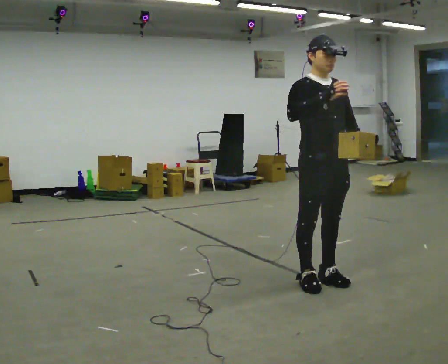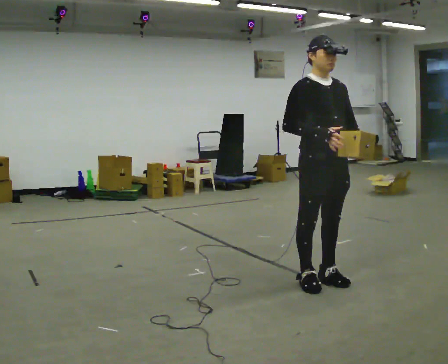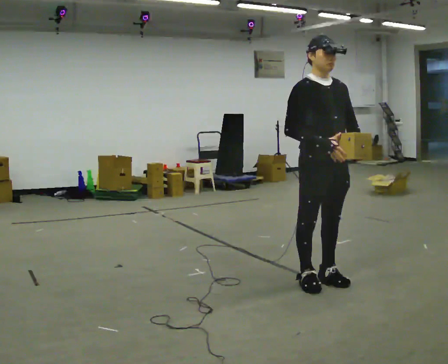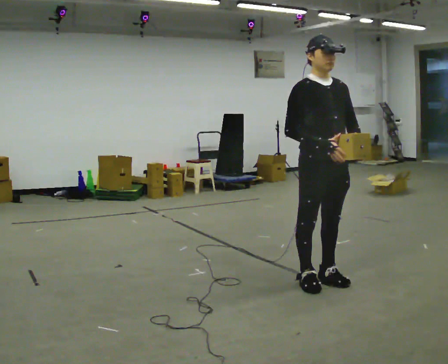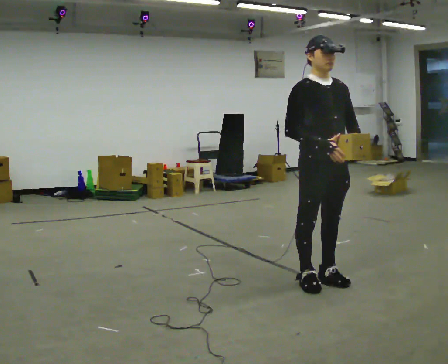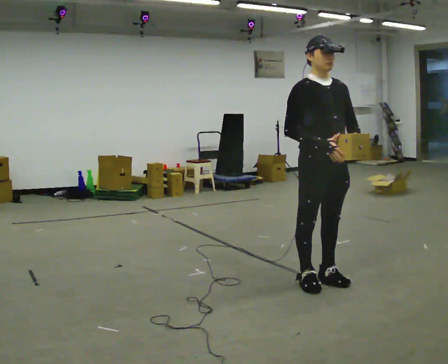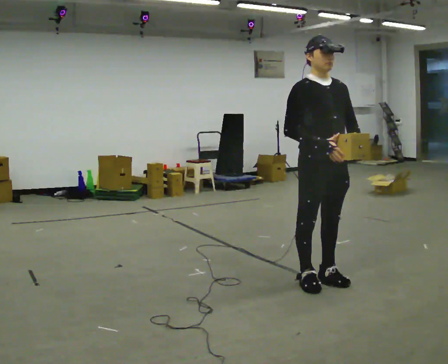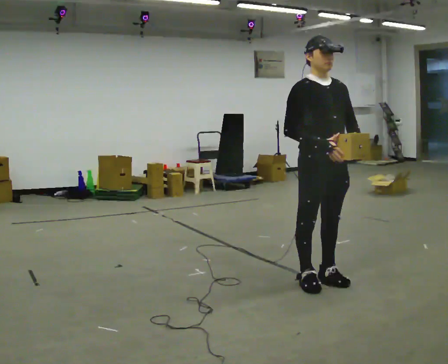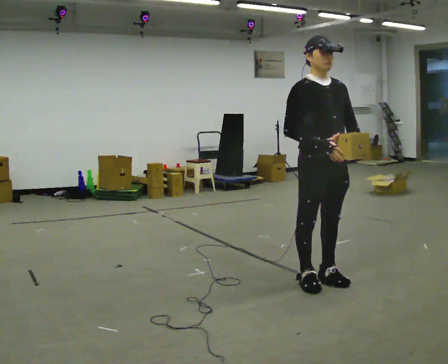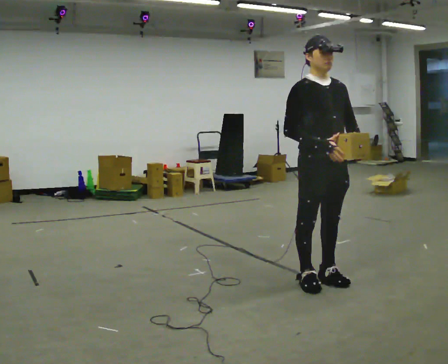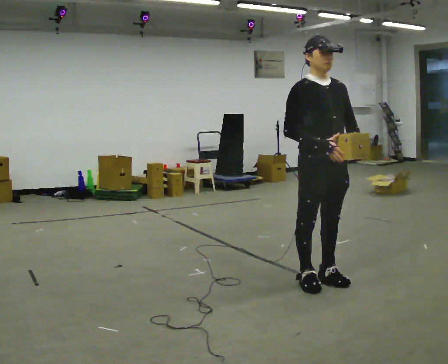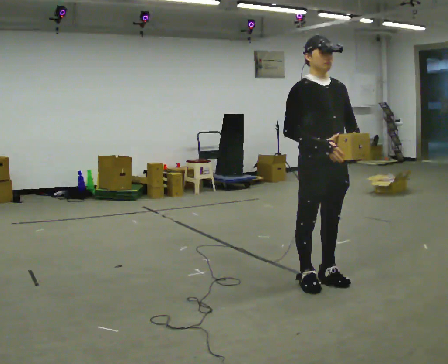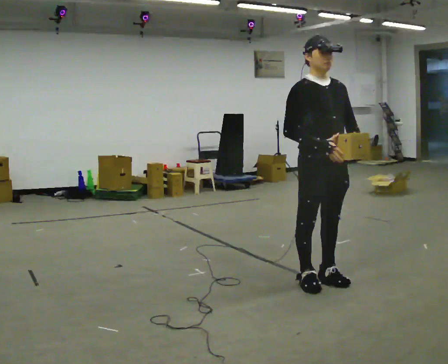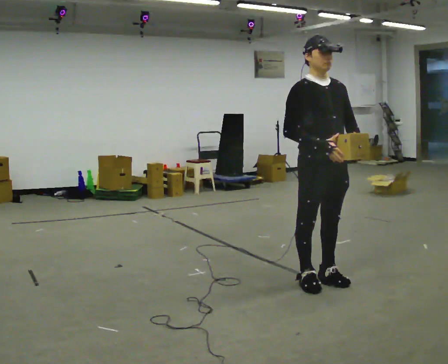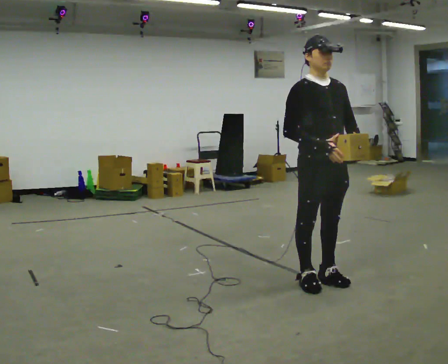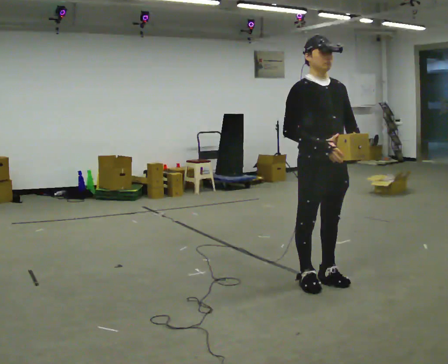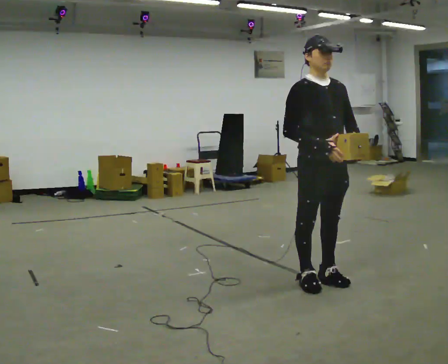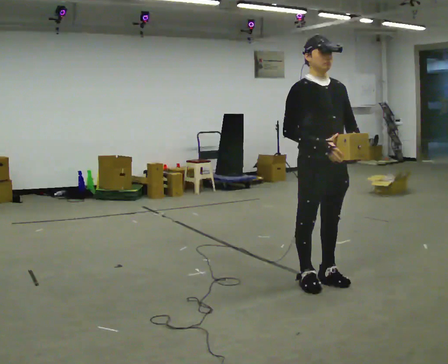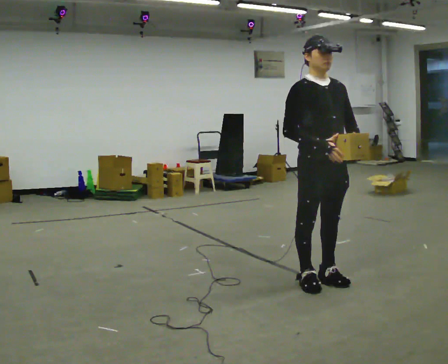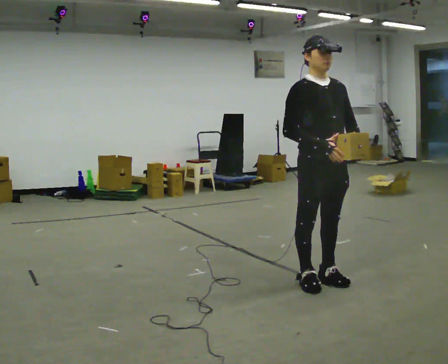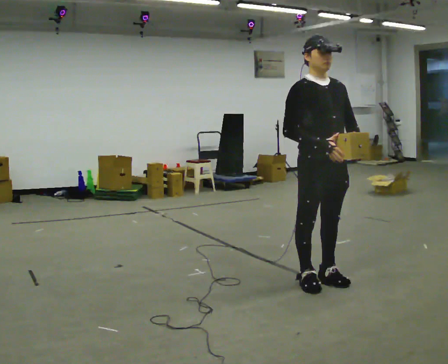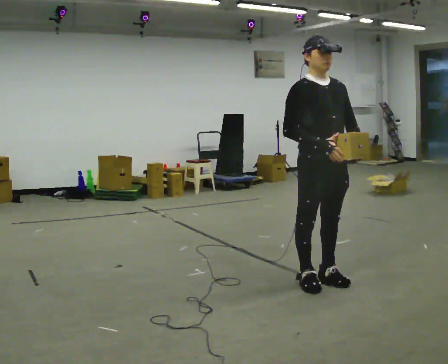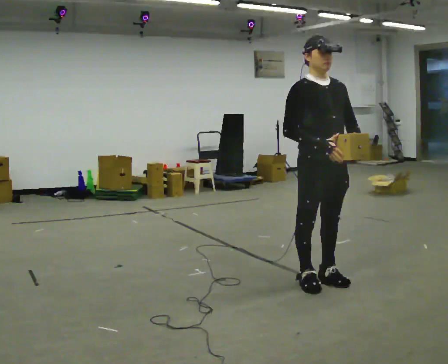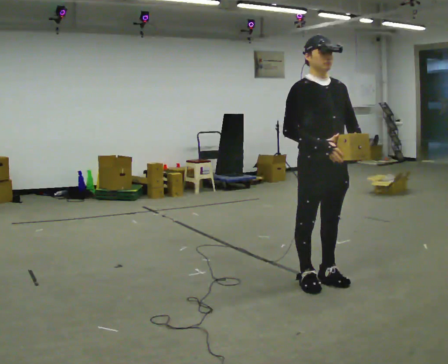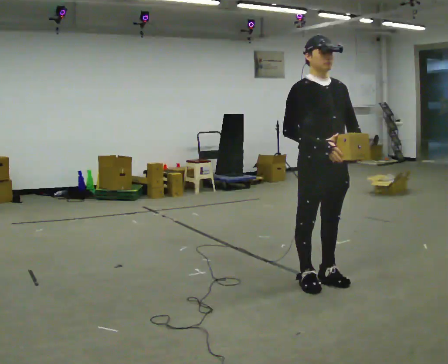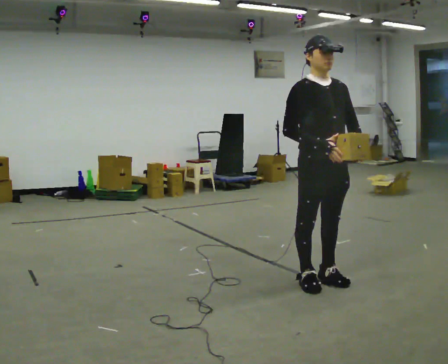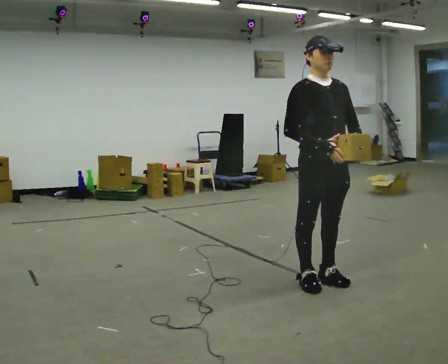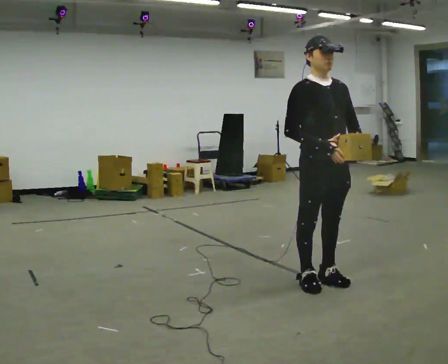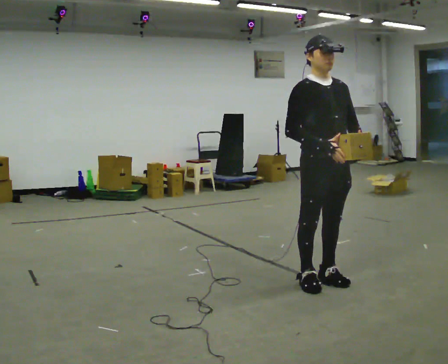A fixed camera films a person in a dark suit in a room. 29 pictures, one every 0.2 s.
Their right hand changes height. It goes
downward.
0.0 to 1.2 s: In the picture their right hand goes downward.
1.2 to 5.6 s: The person keeps their place and pose.
The film runs backward here.
